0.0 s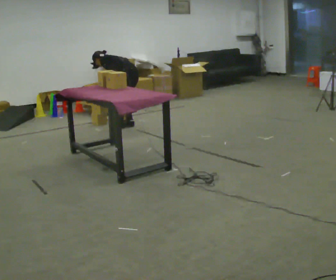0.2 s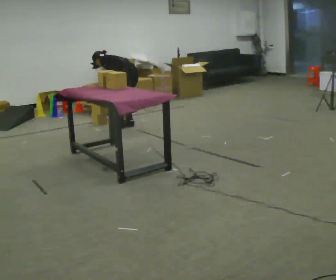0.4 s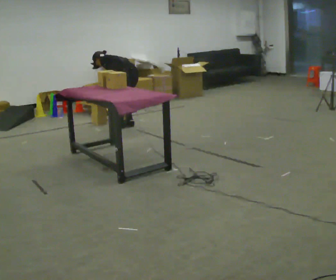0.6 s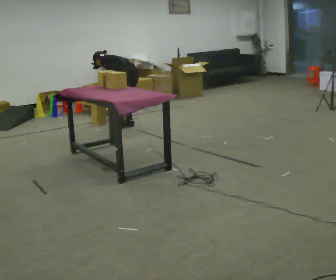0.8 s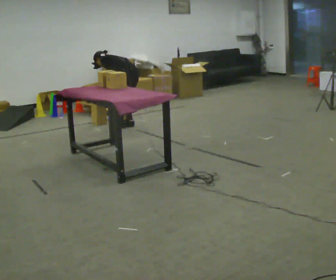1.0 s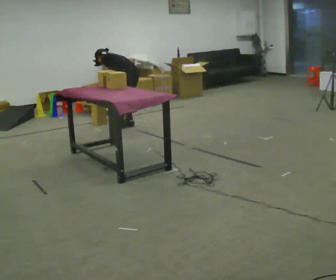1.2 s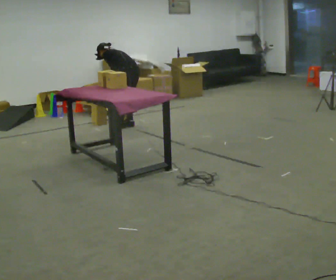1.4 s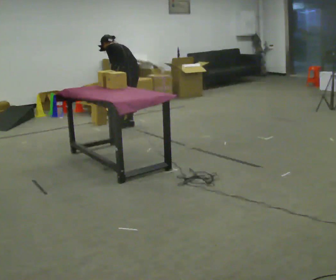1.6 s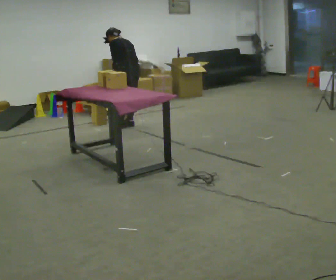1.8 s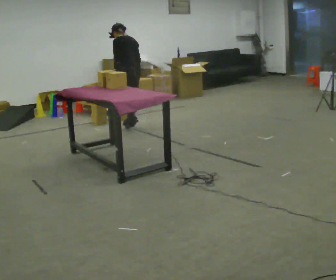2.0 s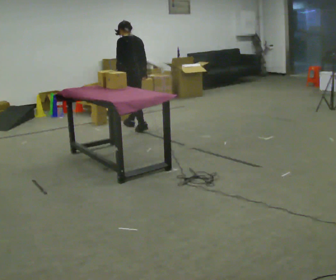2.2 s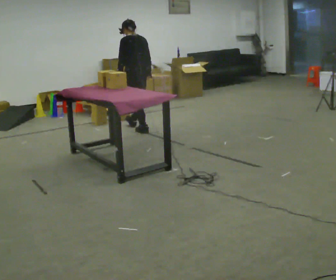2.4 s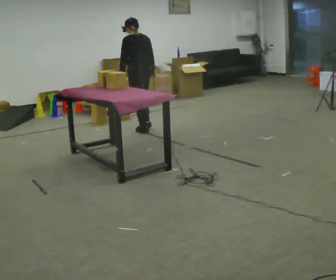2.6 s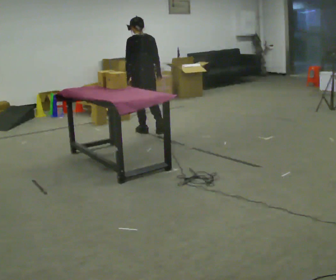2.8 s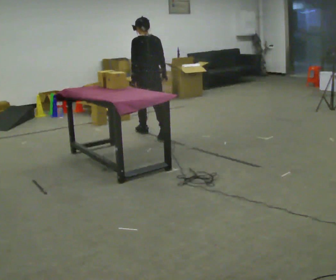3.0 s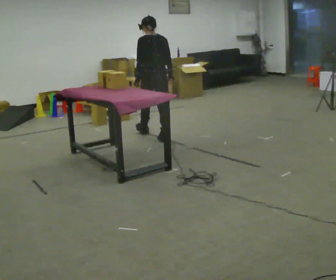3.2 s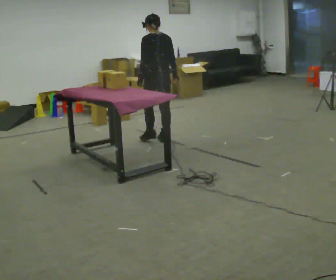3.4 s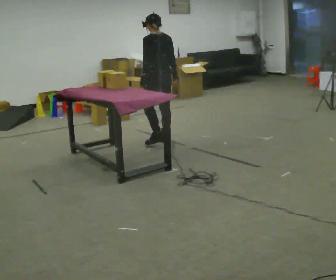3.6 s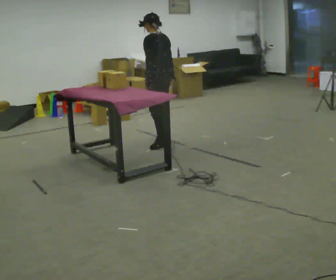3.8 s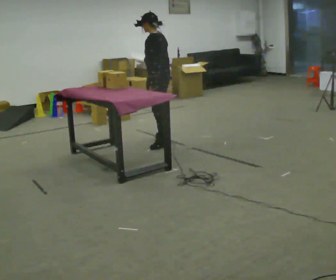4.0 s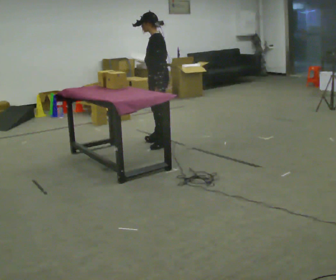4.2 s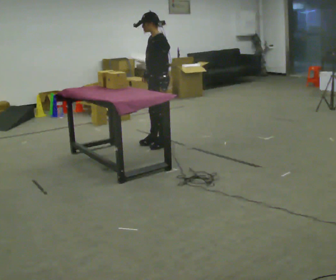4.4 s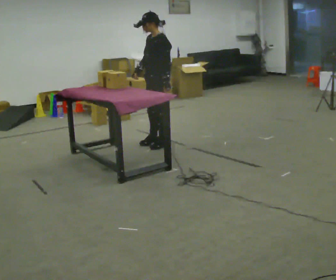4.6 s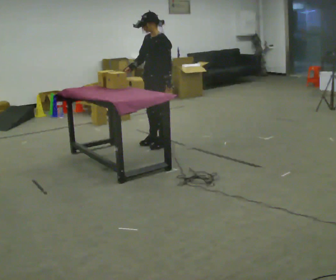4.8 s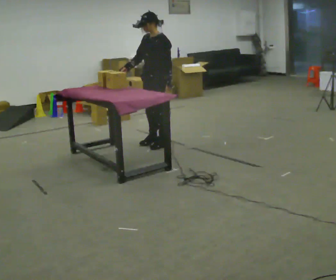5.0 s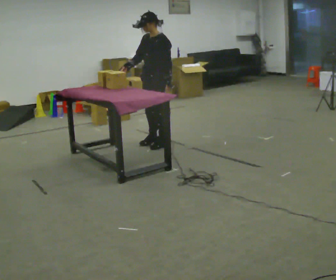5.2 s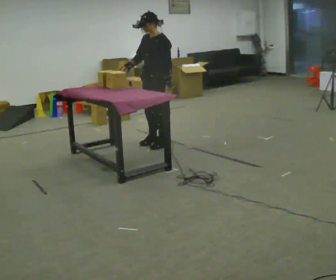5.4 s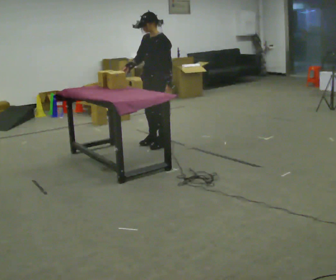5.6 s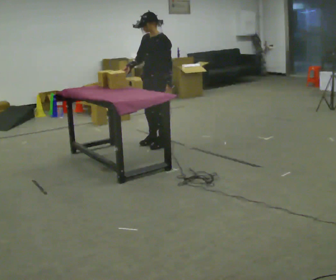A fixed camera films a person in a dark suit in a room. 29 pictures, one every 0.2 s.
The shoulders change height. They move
upward.
Their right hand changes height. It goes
upward.
0.0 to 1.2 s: In the picture the upper body tilts clockwise, shoulders to the right.
1.2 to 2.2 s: In the picture they go toward the camera, about 0.25 m in 2 steps, which for them is backward. The upper body goes upward. The upper body tips toward the camera, its near side rolling downward, as they lean back or straighten.
2.2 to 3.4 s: In the picture they go toward the camera, about 0.5 m in 1 step, which for them is backward.
3.4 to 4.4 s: Seen from above the body turns counterclockwise, about 75 degrees: to their left, with its near side sliding to the right. In the picture they go toward the camera, about 0.25 m in 1 step. In the picture their right hand goes to the left, the arm swinging clockwise.
4.4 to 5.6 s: The person moves a little, or ends about where they began.
The film runs backward here.
